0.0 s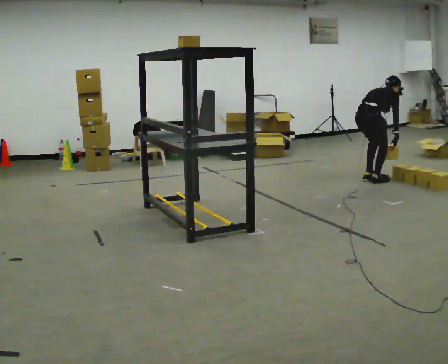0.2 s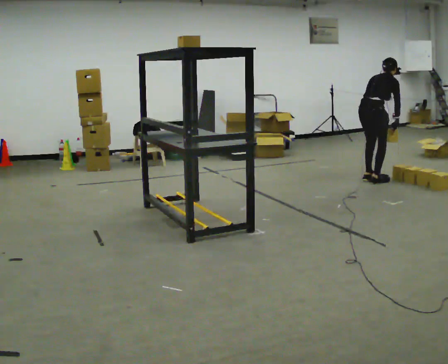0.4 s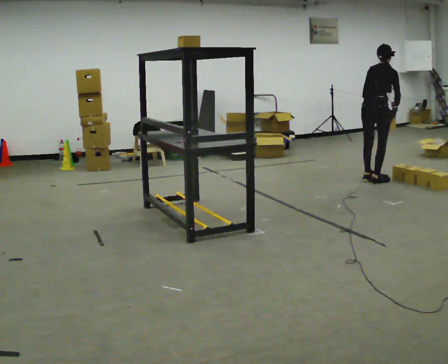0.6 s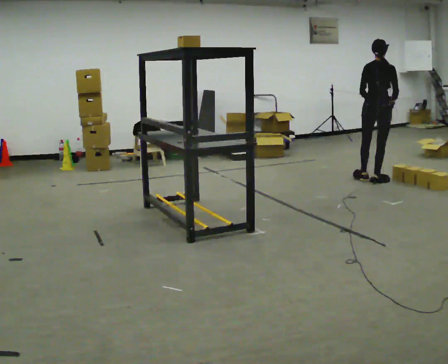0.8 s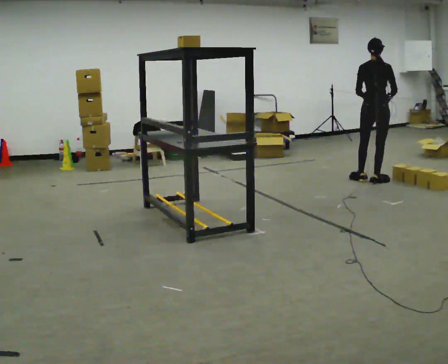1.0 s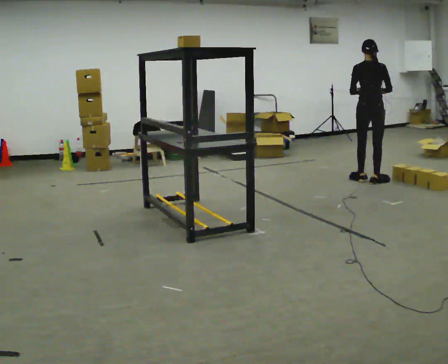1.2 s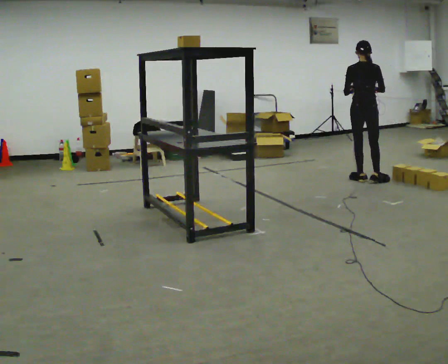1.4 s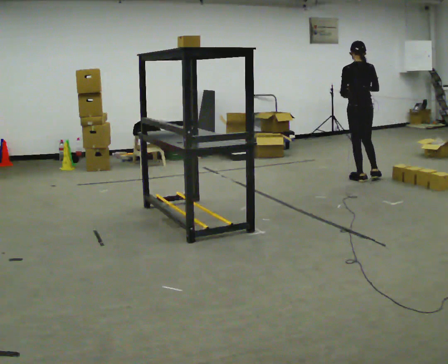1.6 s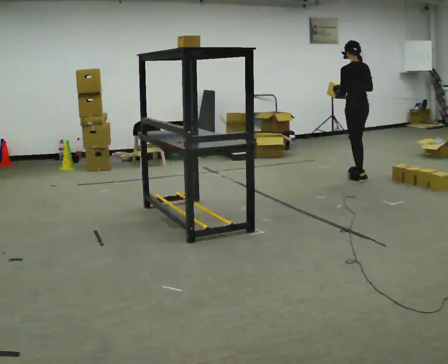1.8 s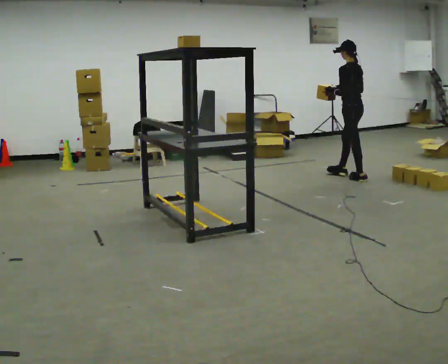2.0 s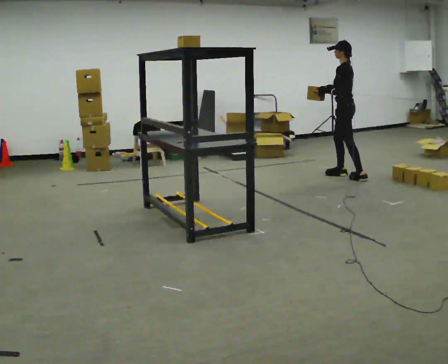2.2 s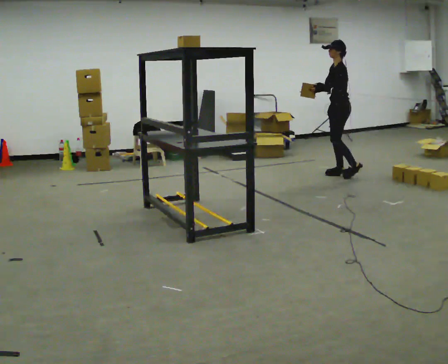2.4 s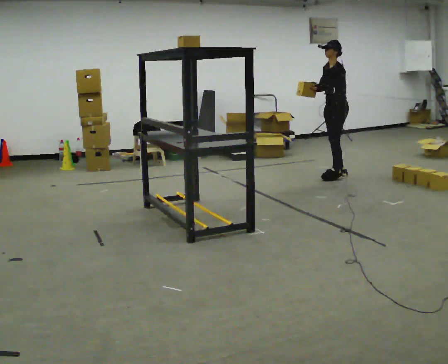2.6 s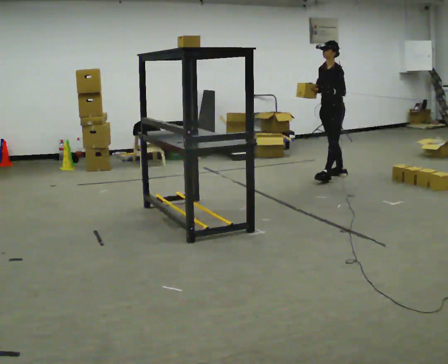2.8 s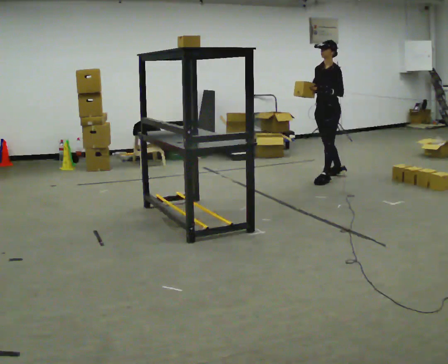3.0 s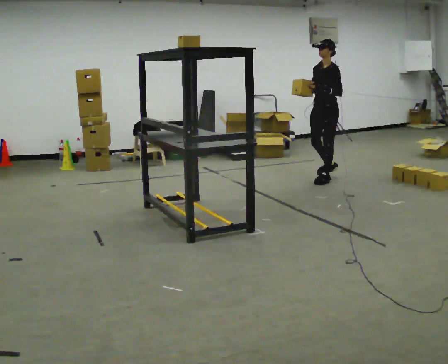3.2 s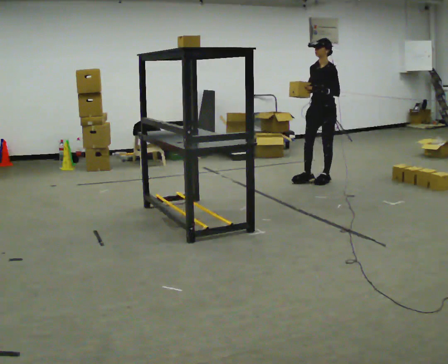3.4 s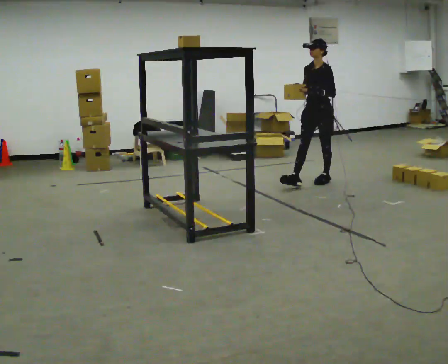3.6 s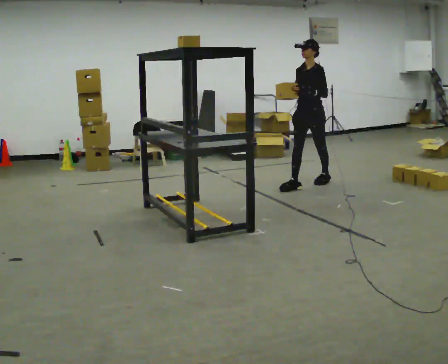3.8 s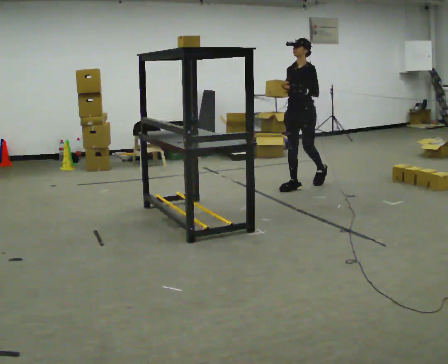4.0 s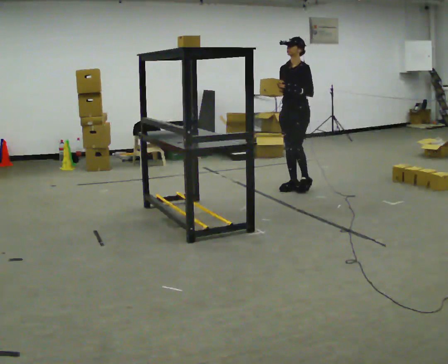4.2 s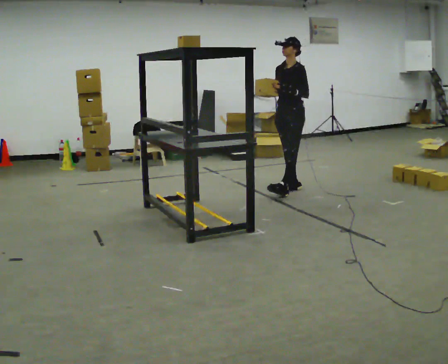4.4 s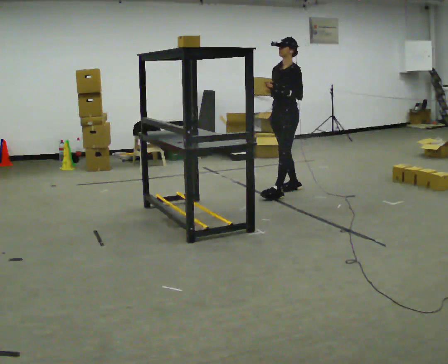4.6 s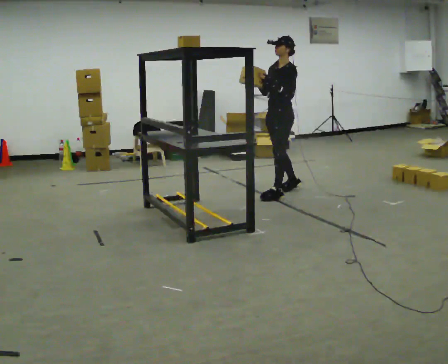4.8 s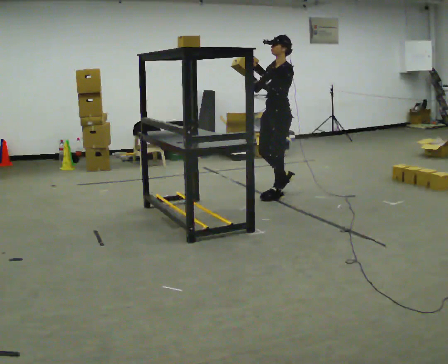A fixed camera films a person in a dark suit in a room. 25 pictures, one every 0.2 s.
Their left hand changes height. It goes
upward.
The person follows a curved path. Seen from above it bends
counterclockwise.
0.0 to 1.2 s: Seen from above the body turns counterclockwise, about 45 degrees: to their left, with its near side sliding to the right. The upper body goes upward. The upper body tips toward the camera, its near side rolling downward, as they lean back or straighten. In the picture their right hand goes upward.
1.2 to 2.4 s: Seen from above the body turns counterclockwise, about 120 degrees: to their left, with its near side sliding to the right. In the picture they go to the left and away from the camera, about 0.25 m in 1 step.
2.4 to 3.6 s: The part of the body nearest the lens slides to the right as the person turns to their left by about 30 degrees. In the picture they go toward the camera and to the left, about 0.5 m in 2 steps, which for them is forward.
3.6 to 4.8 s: In the picture they go toward the camera and to the left, about 0.5 m in 1 step, which for them is forward.
The film runs forward here.
